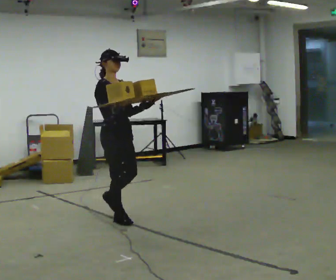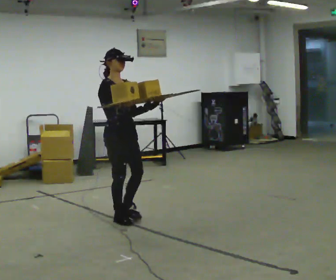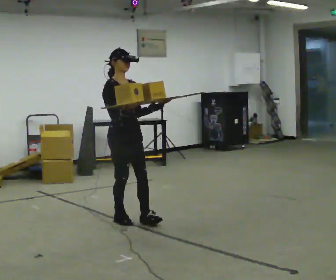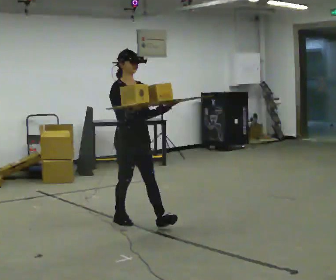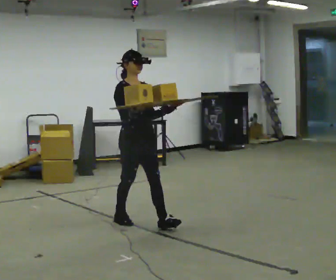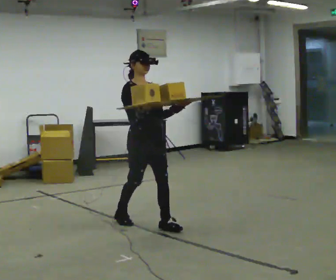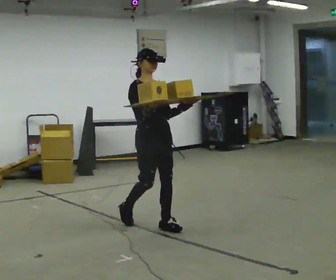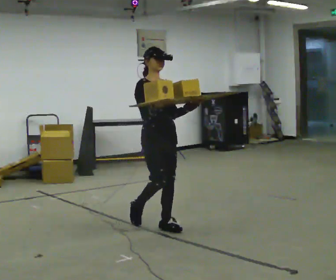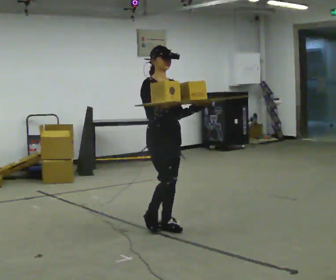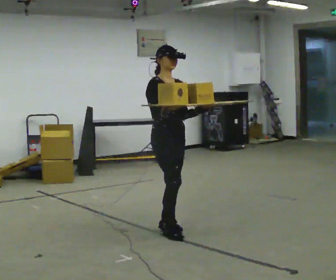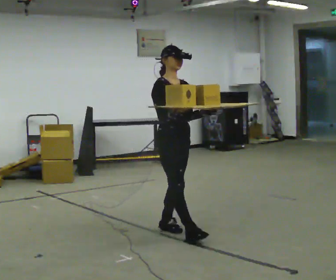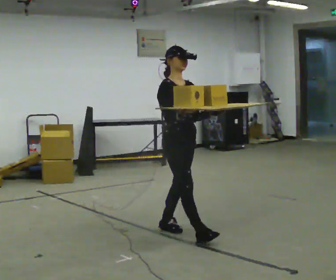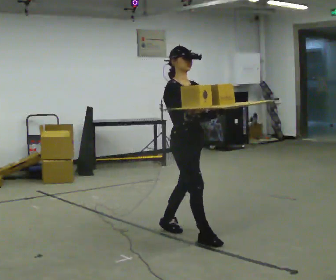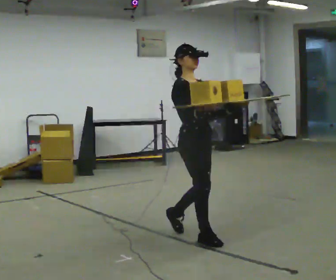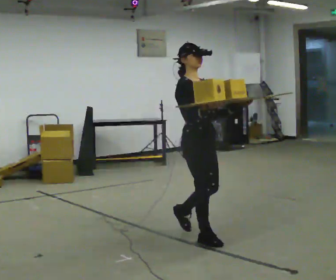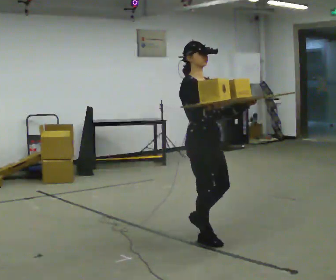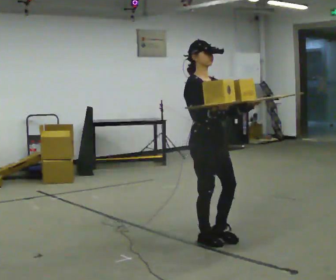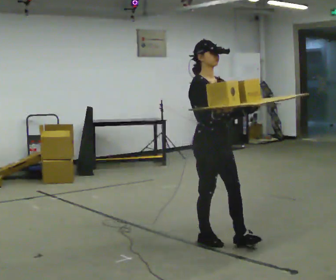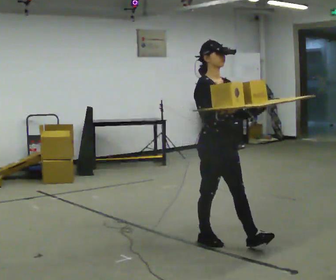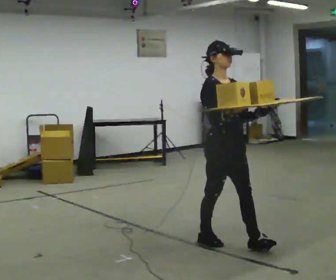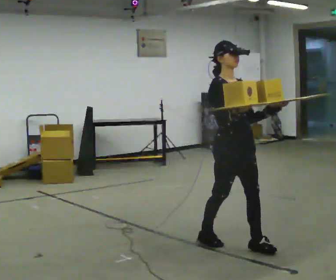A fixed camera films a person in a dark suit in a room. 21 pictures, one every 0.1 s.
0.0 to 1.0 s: In the picture they go to the right and toward the camera, about 0.75 m in 1 step, which for them is forward and to their left.
1.0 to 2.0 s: In the picture they go toward the camera and to the right, about 0.75 m in 2 steps, which for them is forward.
The film runs forward here.
